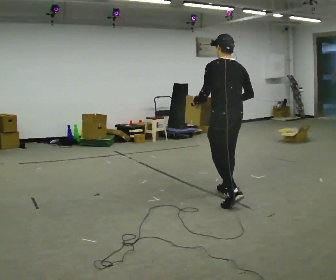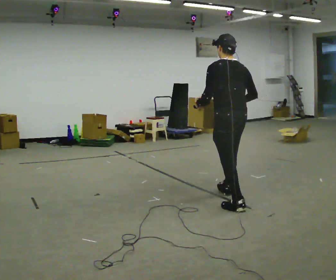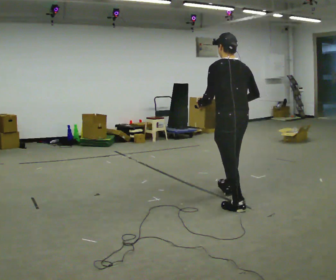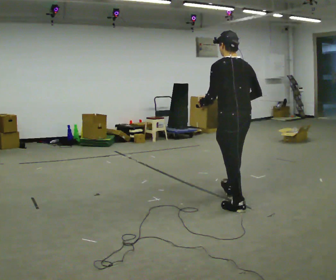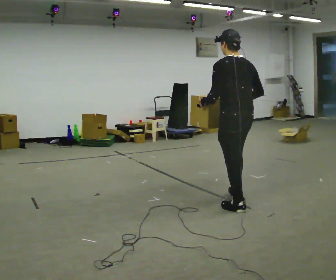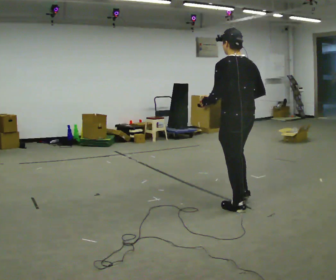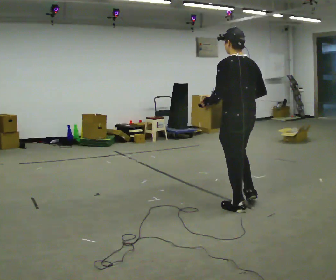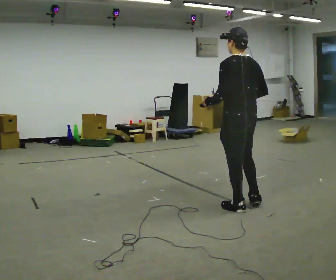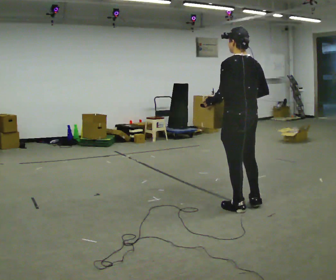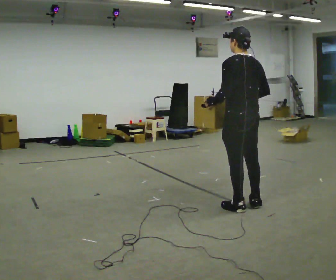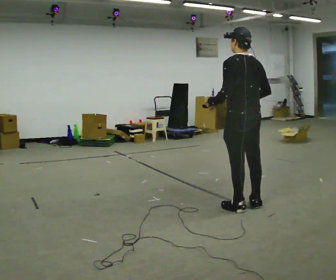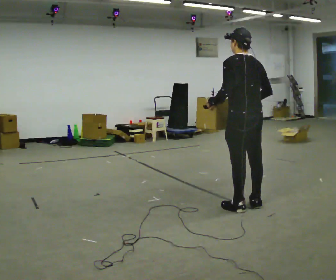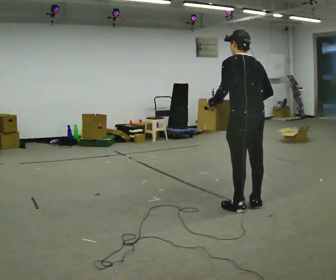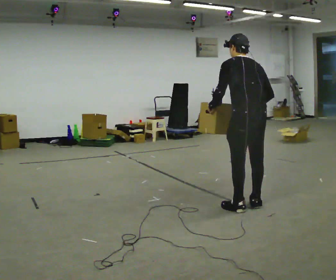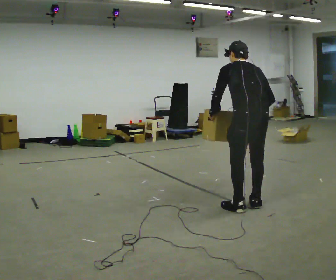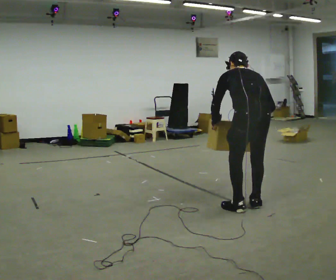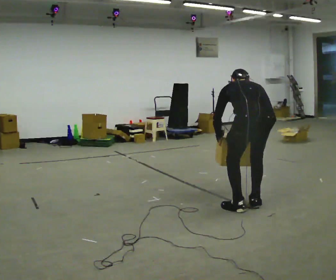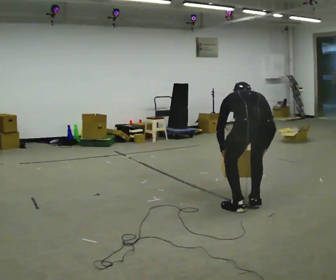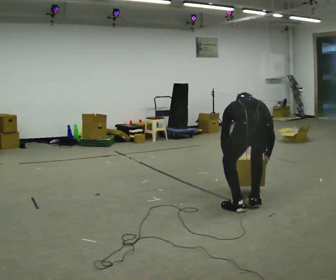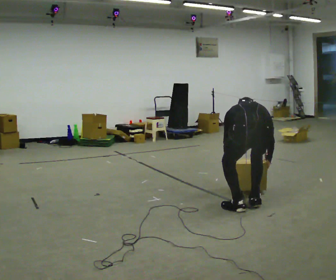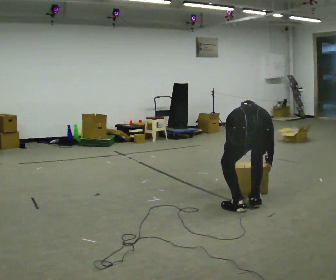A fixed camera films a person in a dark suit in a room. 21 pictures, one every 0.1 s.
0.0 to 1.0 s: In the picture they go toward the camera and to the right, about 0.25 m in 1 step, which for them is backward.
1.0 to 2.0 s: The person turns about 30 degrees to their right, clockwise seen from above, so the part of the body nearest the lens slides to the left. The upper body goes downward. The upper body tips away from the camera, its near side rolling upward, as they bend forward. In the picture their left hand goes downward.
The film runs backward here.
